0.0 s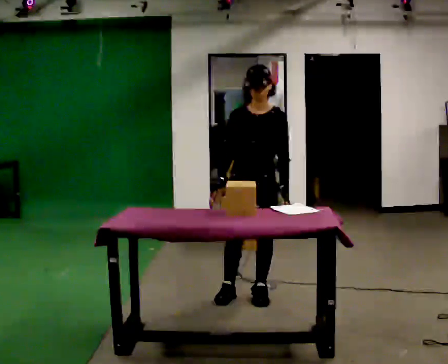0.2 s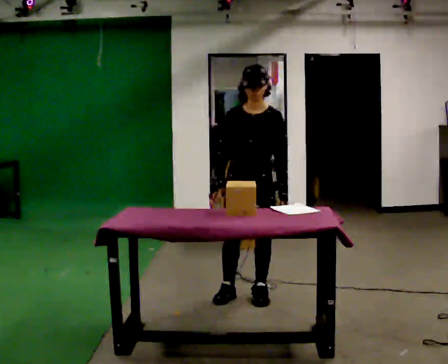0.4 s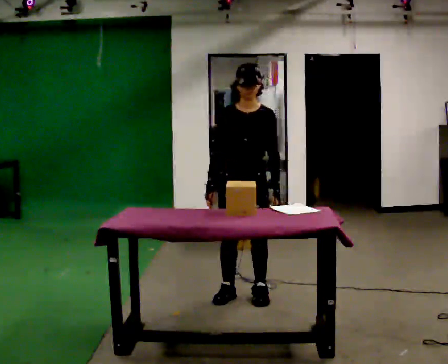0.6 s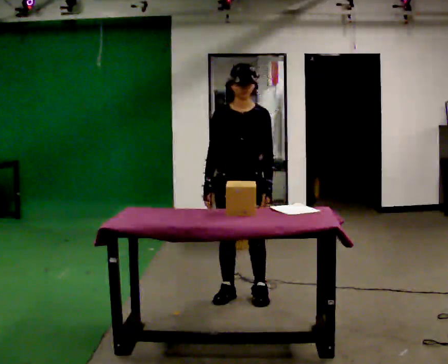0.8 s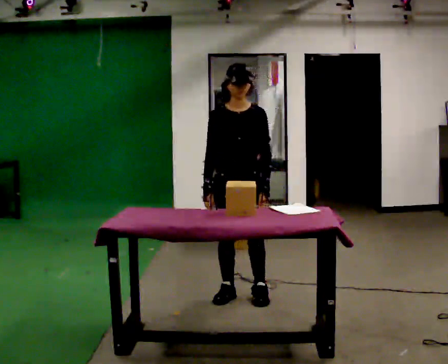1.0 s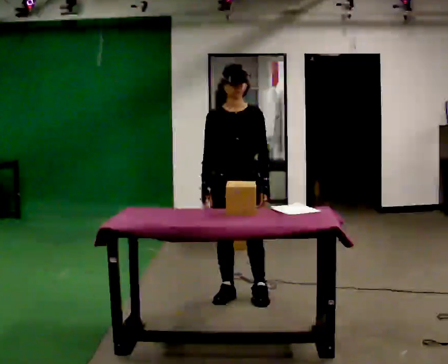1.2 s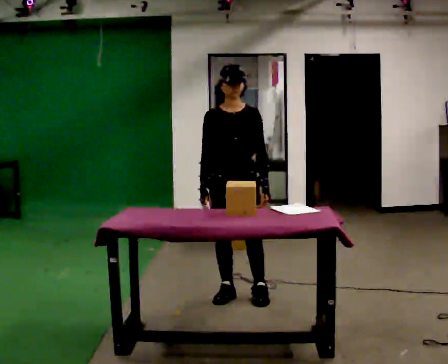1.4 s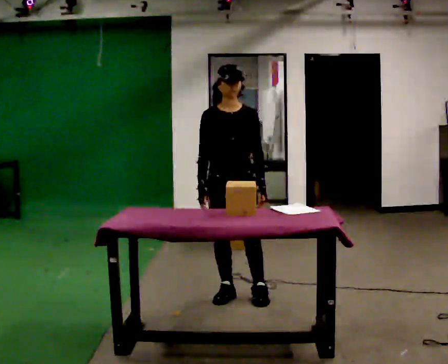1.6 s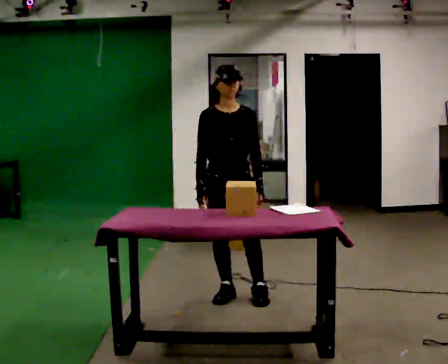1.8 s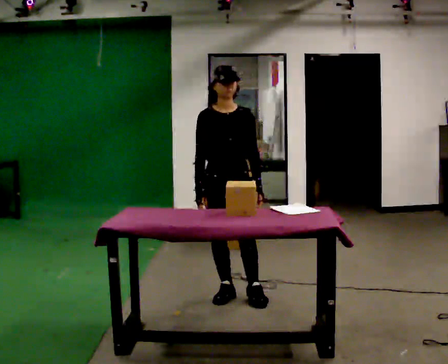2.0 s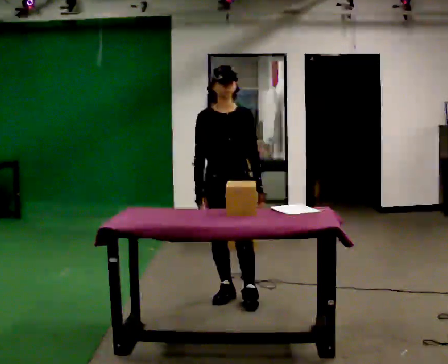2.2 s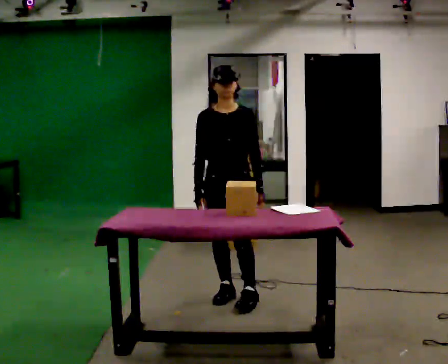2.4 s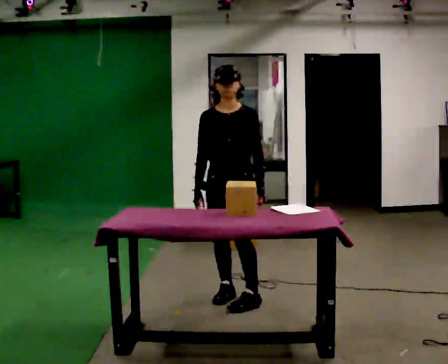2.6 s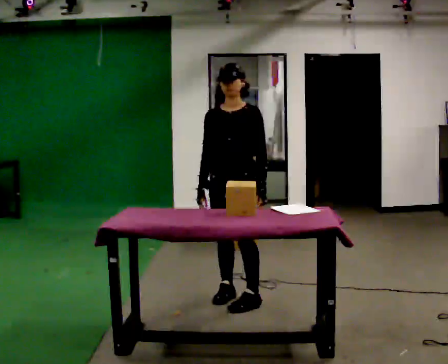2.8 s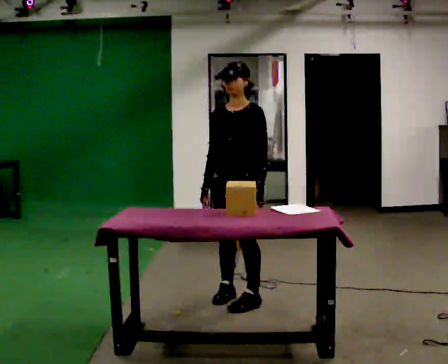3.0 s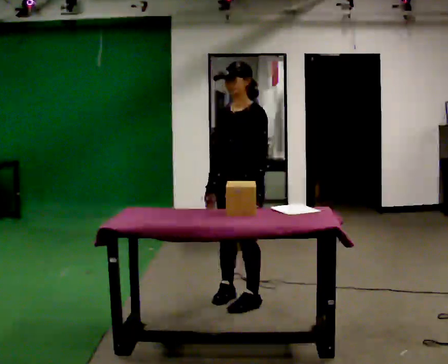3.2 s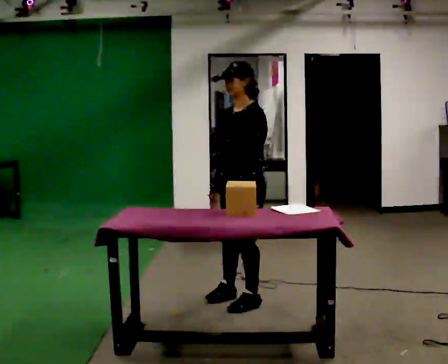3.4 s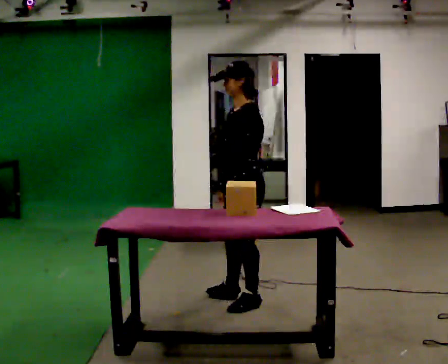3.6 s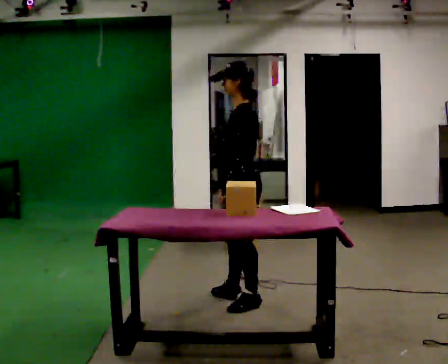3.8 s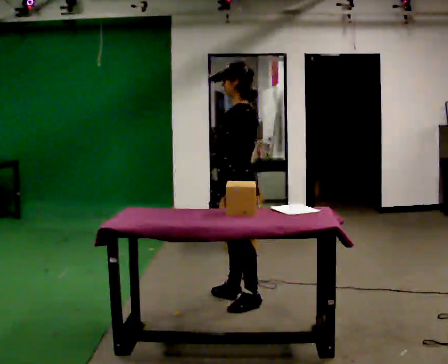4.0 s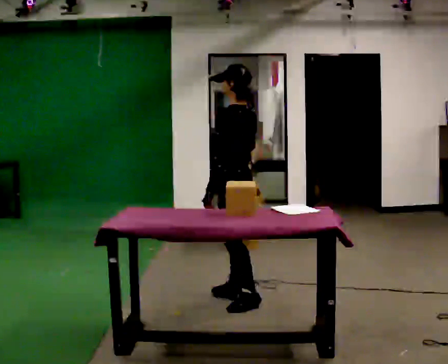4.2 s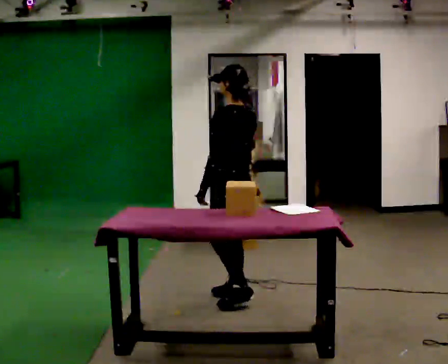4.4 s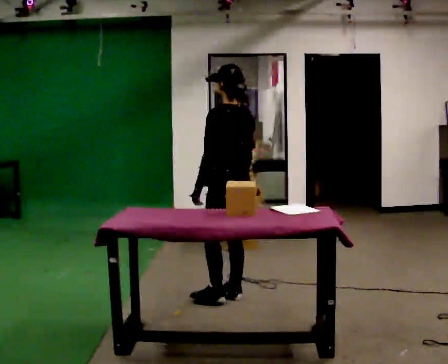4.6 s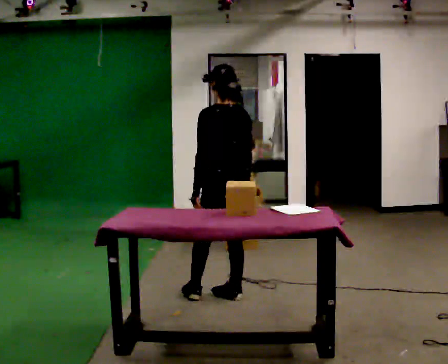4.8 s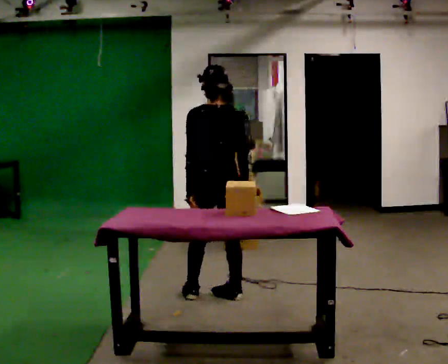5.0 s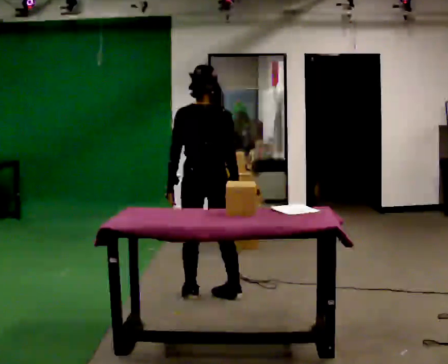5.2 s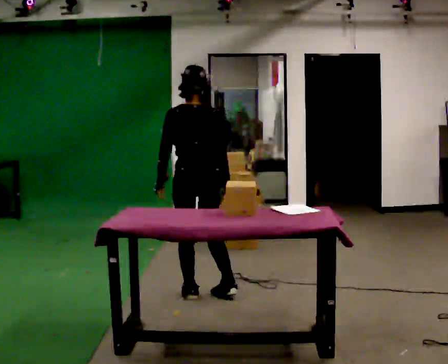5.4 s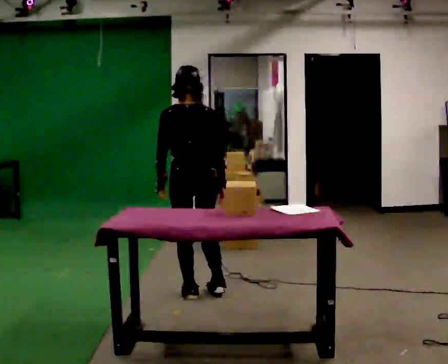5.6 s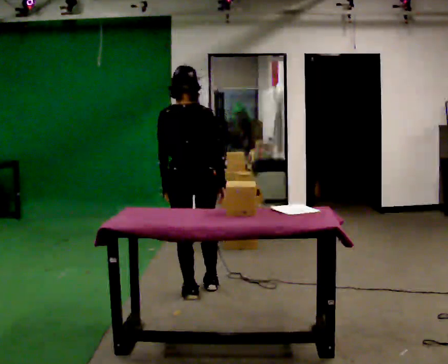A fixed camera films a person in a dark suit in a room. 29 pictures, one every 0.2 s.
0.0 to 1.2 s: The person turns about 30 degrees to their left, counterclockwise seen from above, so the part of the body nearest the lens slides to the right.
1.2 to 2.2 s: The person moves a little, or ends about where they began.
2.2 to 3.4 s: The person turns about 75 degrees to their right, clockwise seen from above, so the part of the body nearest the lens slides to the left.
3.4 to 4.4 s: Seen from above the body turns clockwise, about 60 degrees: to their right, with its near side sliding to the left. In the picture they go away from the camera, about 0.25 m, which for them is forward. In the picture their left hand goes to the left.
4.4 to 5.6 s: Seen from above the body turns clockwise, about 45 degrees: to their right, with its near side sliding to the left. In the picture they go to the left, about 0.25 m in 1 step, which for them is to their left.
The film runs forward here.
